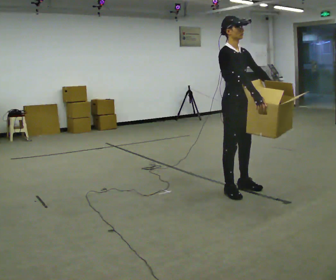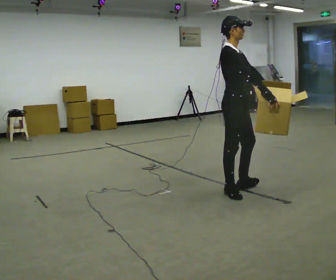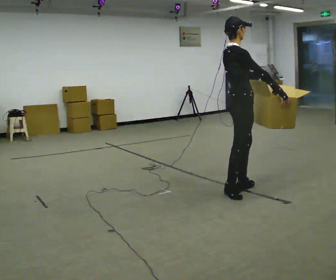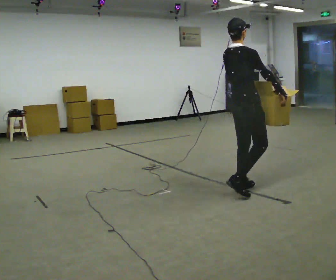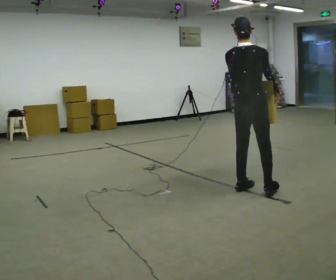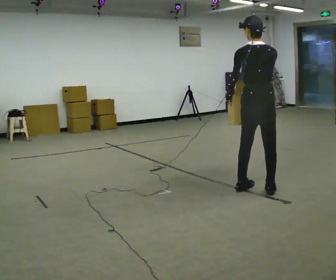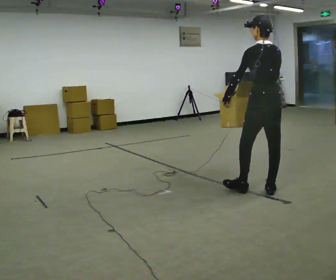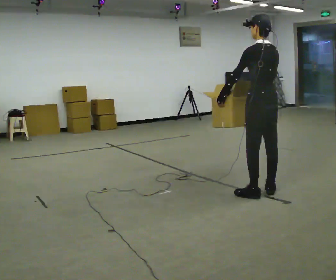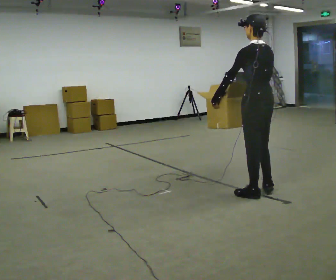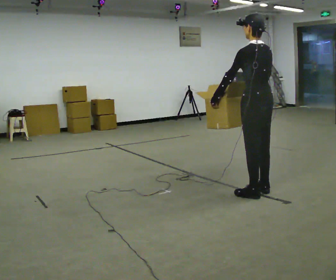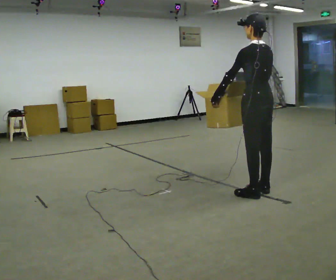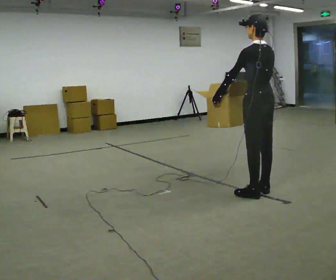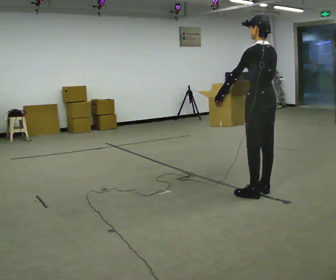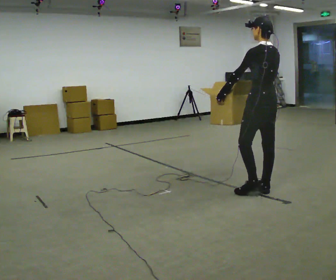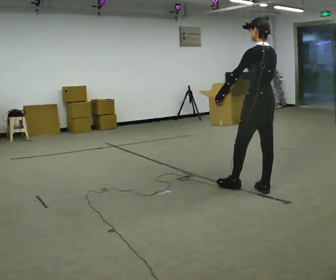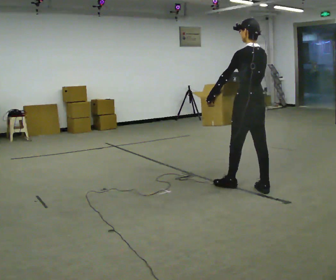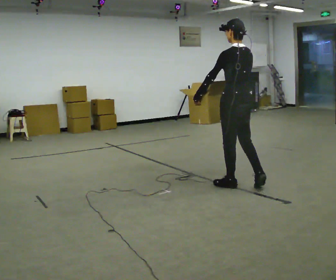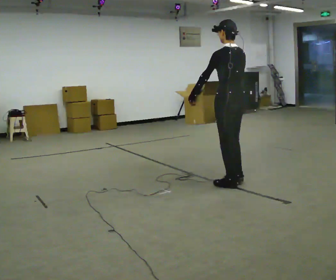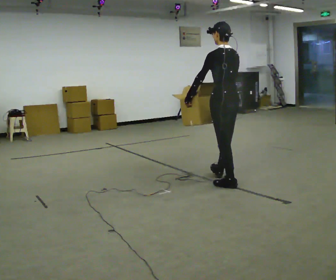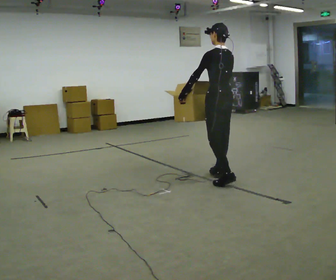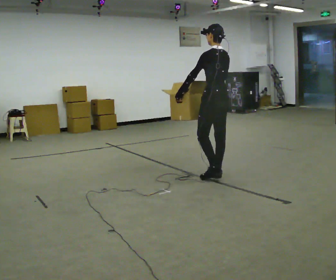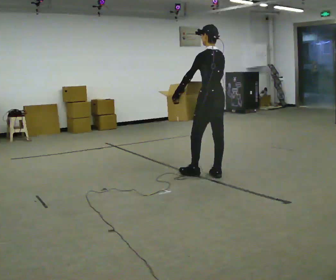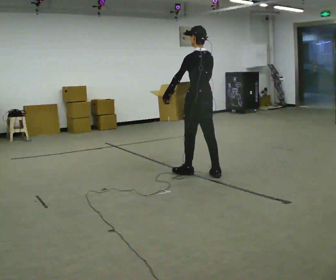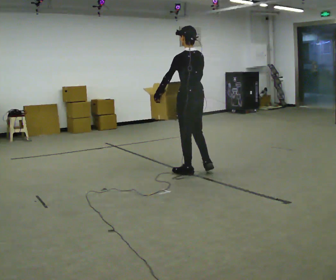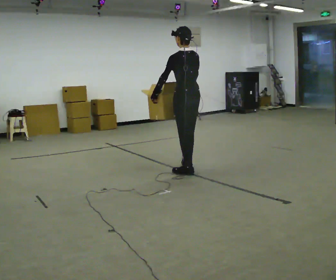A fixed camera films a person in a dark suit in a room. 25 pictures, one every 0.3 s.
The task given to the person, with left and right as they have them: Carry the object across the room. The lid hangs loose and will swing, so carry it however works. Keep going until the operator says stop; one object at a time, and do not rush between trips.
0.0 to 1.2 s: Seen from above the body turns counterclockwise, about 105 degrees: to their left, with its near side sliding to the right. In the picture they go to the right, about 0.25 m.
1.2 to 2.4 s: The part of the body nearest the lens slides to the right as the person turns to their left by about 60 degrees.
2.4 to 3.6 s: The person moves a little, or ends about where they began.
3.6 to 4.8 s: In the picture they go to the left and away from the camera, about 0.25 m in 1 step, which for them is forward.
4.8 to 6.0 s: In the picture they go away from the camera and to the left, about 0.5 m in 1 step, which for them is forward.
6.0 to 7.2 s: In the picture they go to the left, about 0.5 m in 1 step, which for them is forward.
The film runs forward here.
